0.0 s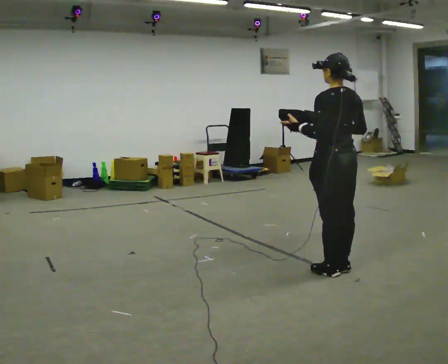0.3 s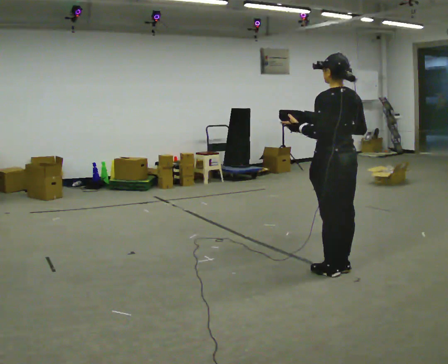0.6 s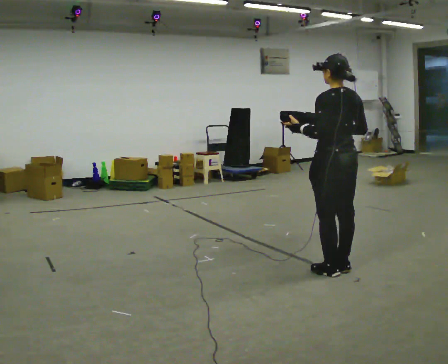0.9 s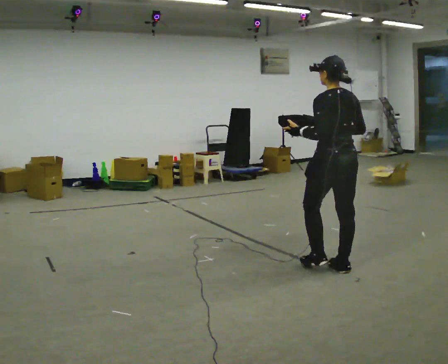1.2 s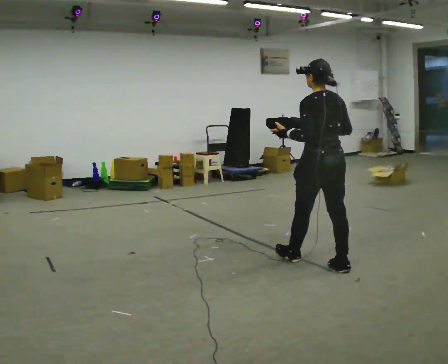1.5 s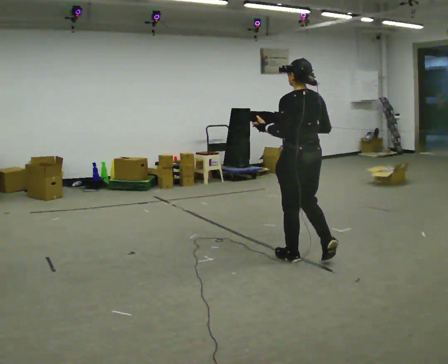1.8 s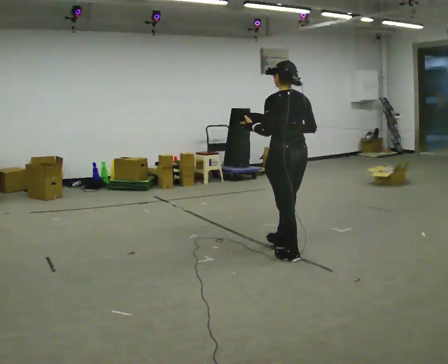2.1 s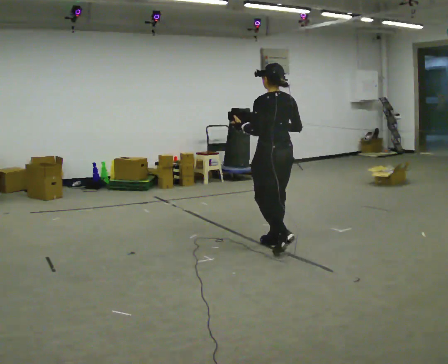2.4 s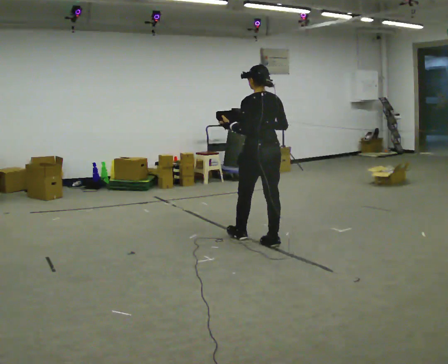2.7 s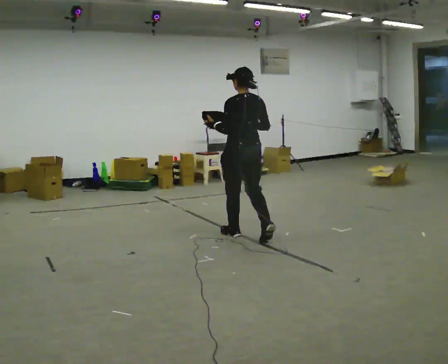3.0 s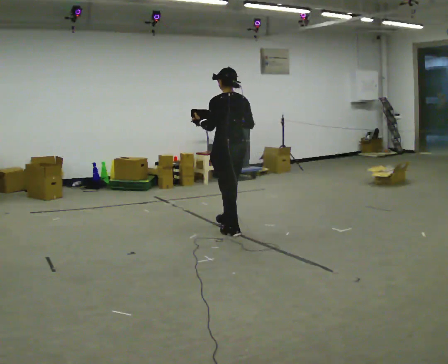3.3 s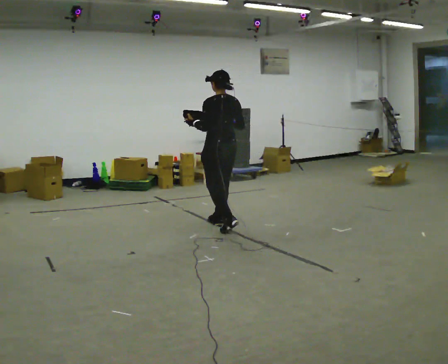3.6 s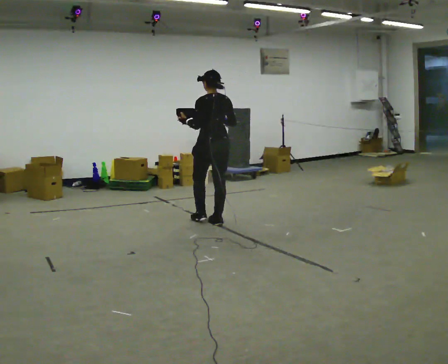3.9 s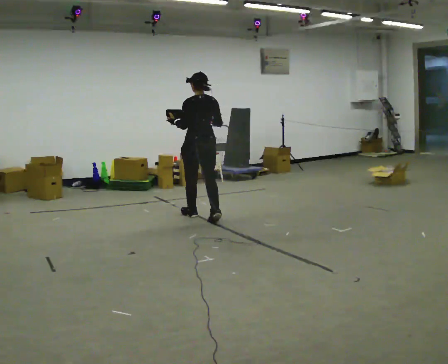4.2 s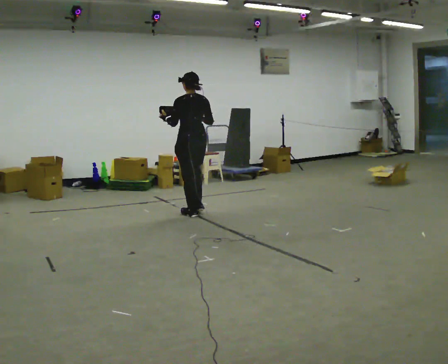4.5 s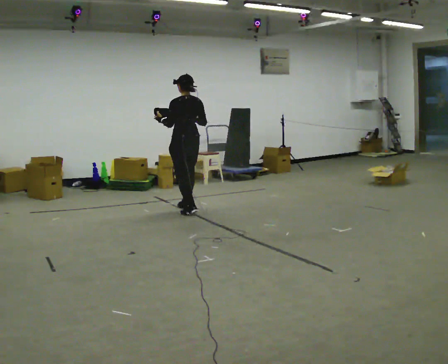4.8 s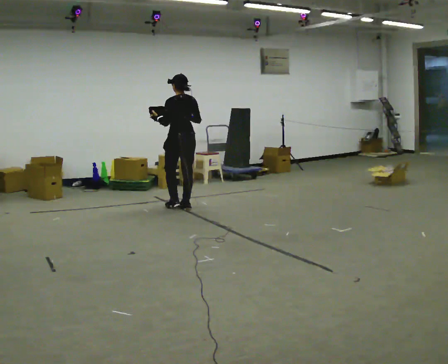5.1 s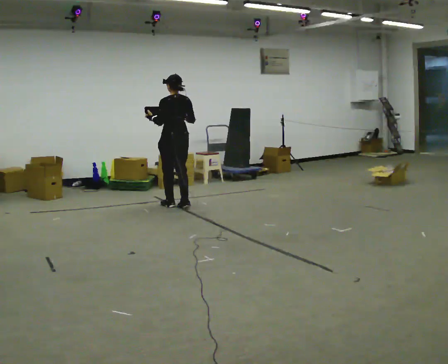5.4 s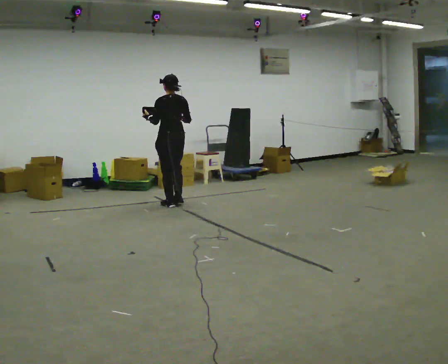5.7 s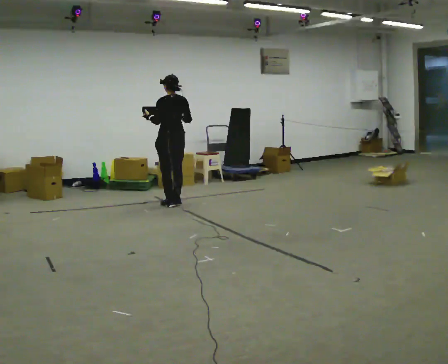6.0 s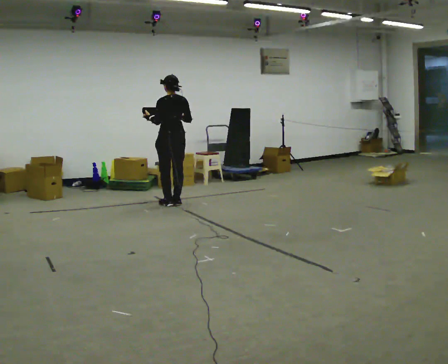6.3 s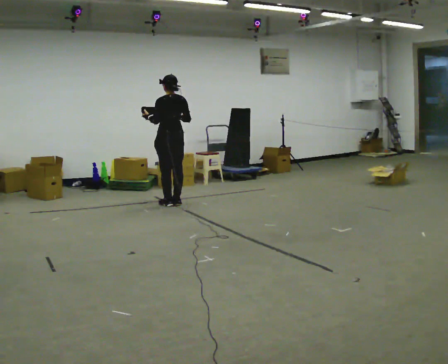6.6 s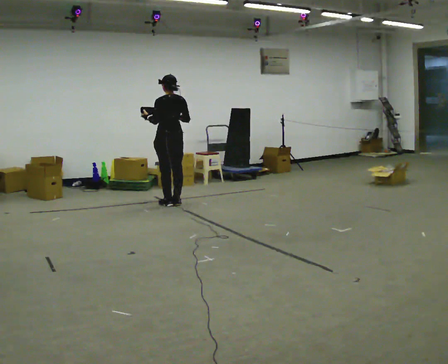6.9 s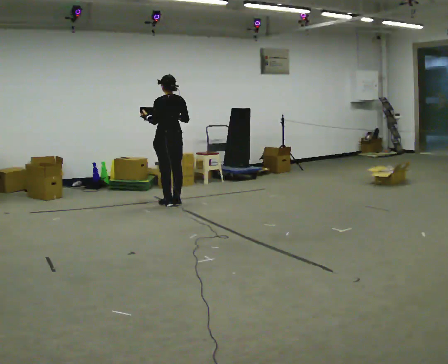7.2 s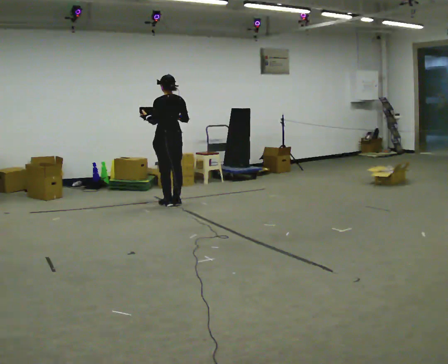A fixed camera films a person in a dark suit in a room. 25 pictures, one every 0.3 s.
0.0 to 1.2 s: In the picture they go away from the camera, about 0.25 m in 1 step, which for them is forward.
1.2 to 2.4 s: In the picture they go away from the camera and to the left, about 1 m in 1 step, which for them is forward.
2.4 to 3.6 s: In the picture they go away from the camera and to the left, about 1 m in 2 steps, which for them is forward.
3.6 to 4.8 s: In the picture they go away from the camera and to the left, about 1 m in 2 steps, which for them is forward.
4.8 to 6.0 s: In the picture they go away from the camera, about 0.25 m in 2 steps, which for them is forward.
6.0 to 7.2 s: The person moves a little, or ends about where they began.
The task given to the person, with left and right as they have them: Carry the object across the room. The lid hangs loose and will swing, so carry it however works. Keep going until the operator says stop; one object at a time, and do not rush between trips.
The film runs forward here.
